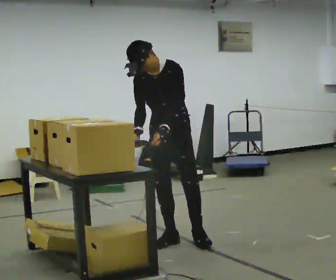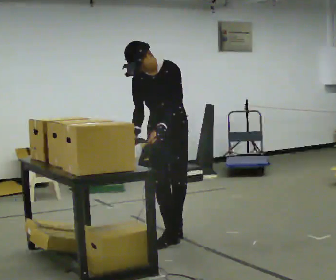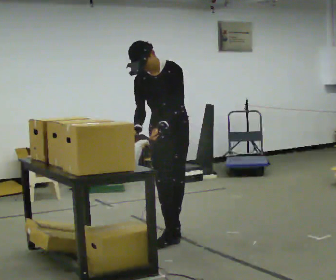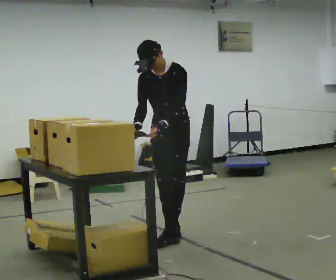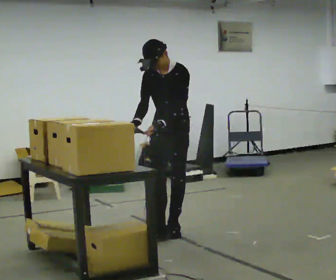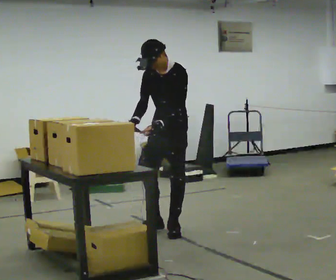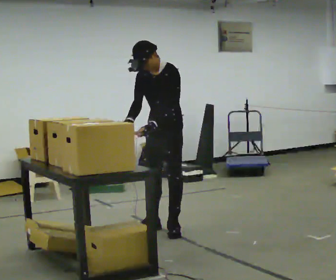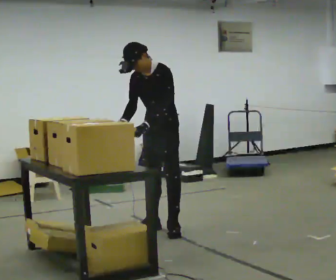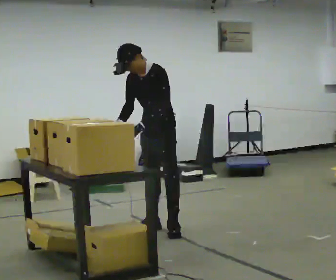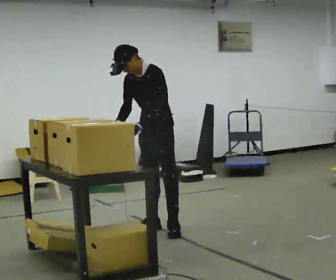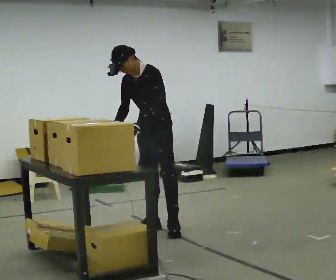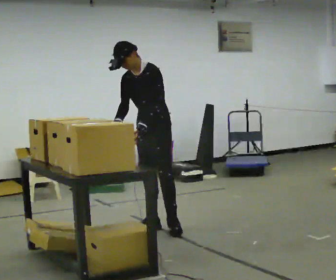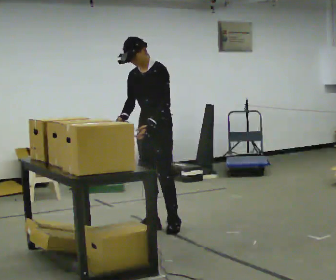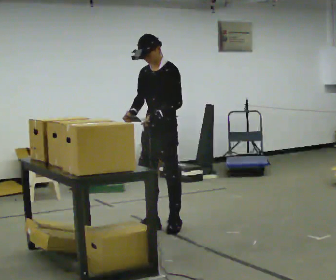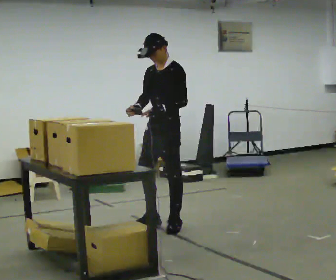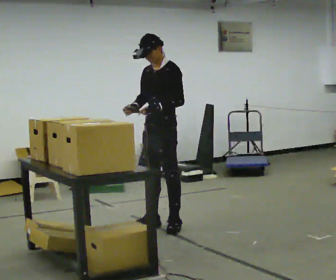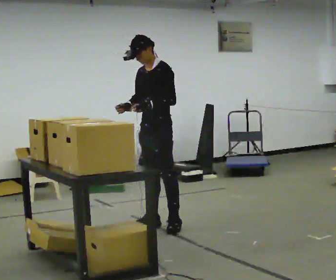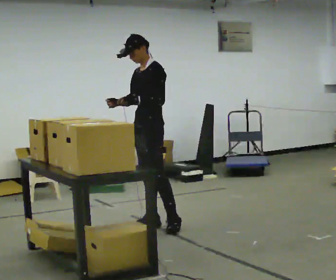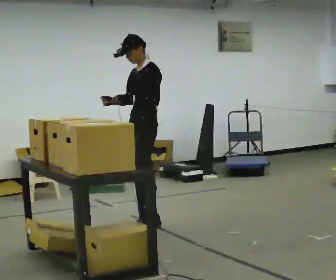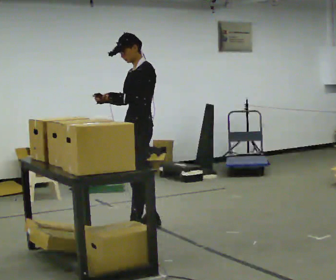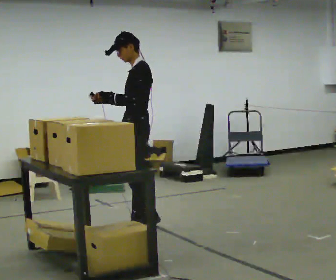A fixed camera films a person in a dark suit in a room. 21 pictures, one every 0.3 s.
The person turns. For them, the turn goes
to their right.
The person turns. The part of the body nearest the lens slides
to the left.
0.0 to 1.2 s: In the picture they go away from the camera, about 0.25 m in 1 step, which for them is backward.
1.2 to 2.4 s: In the picture they go away from the camera, about 0.25 m, which for them is to their right.
2.4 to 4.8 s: The person moves a little, or ends about where they began.
4.8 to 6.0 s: Seen from above the body turns clockwise, about 30 degrees: to their right, with its near side sliding to the left. In the picture they go toward the camera and to the left, about 0.25 m in 2 steps, which for them is forward and to their left.
The film runs backward here.
